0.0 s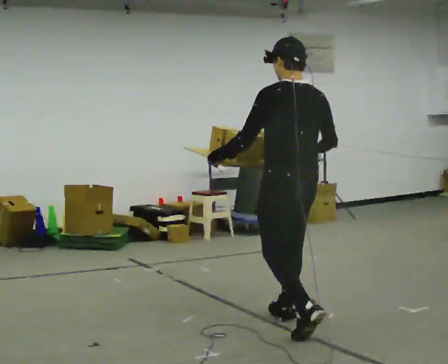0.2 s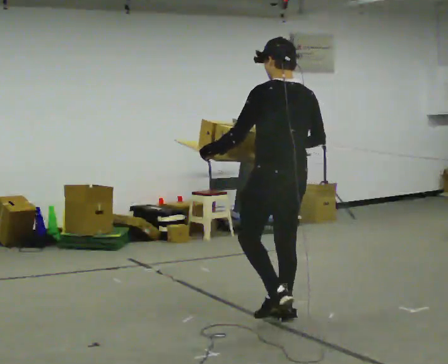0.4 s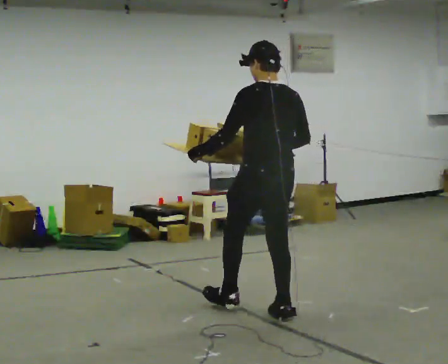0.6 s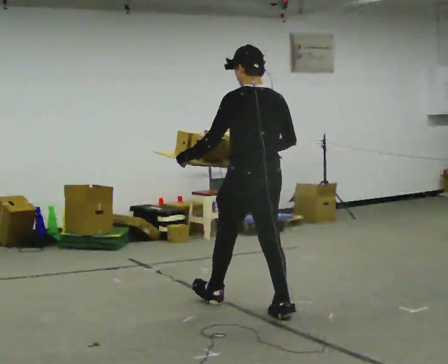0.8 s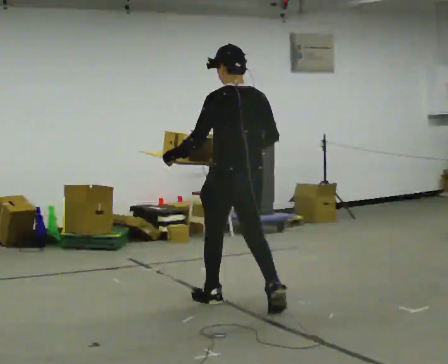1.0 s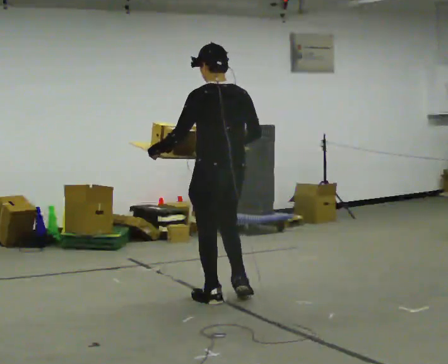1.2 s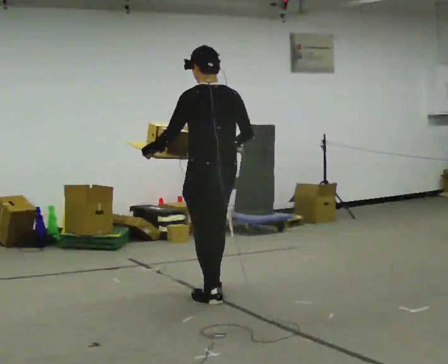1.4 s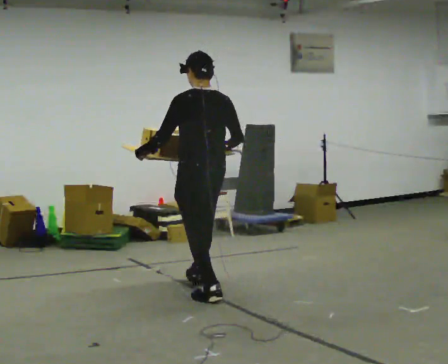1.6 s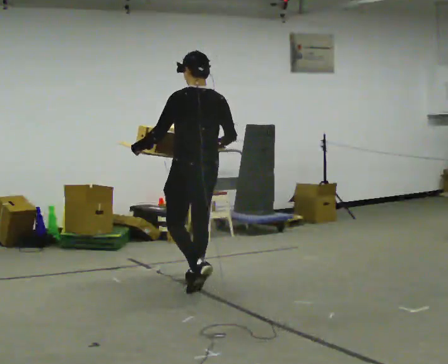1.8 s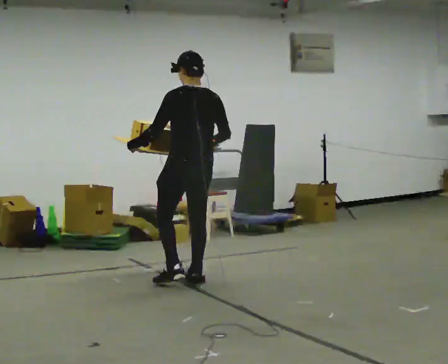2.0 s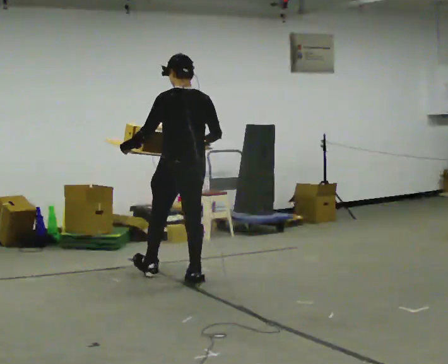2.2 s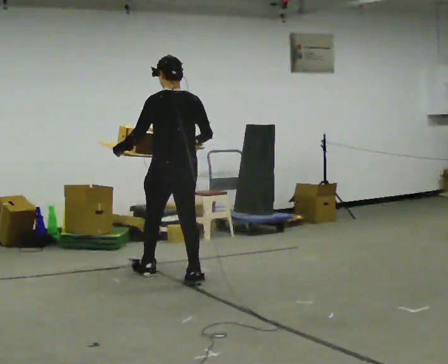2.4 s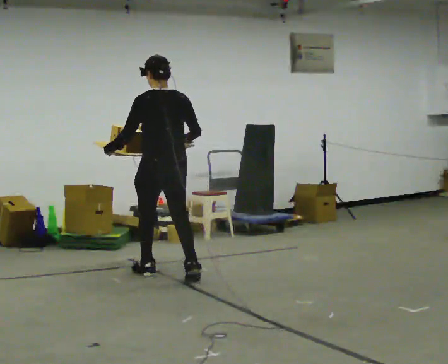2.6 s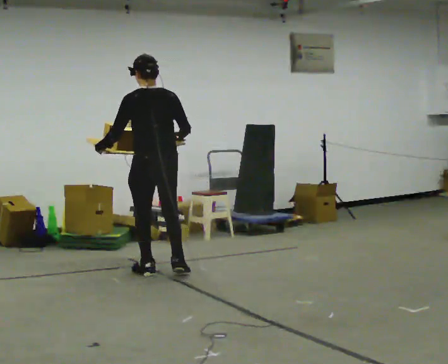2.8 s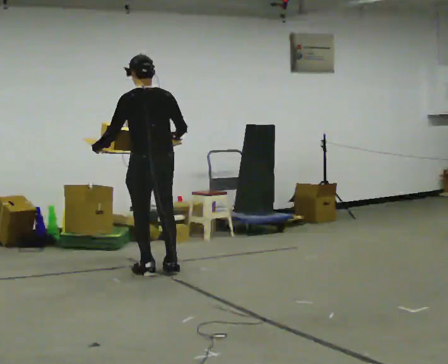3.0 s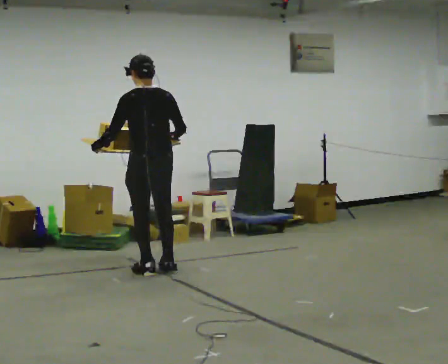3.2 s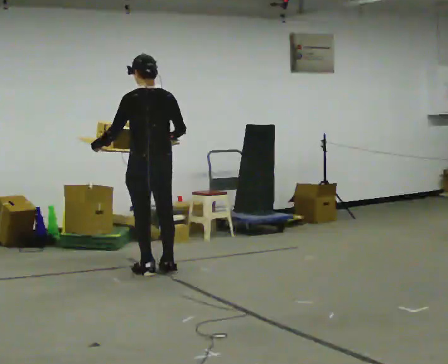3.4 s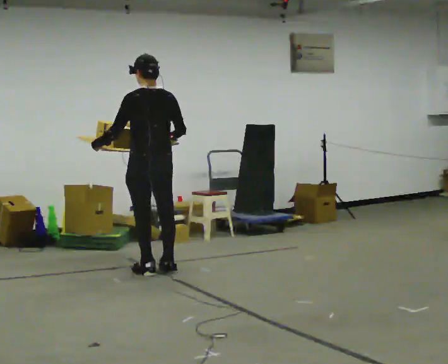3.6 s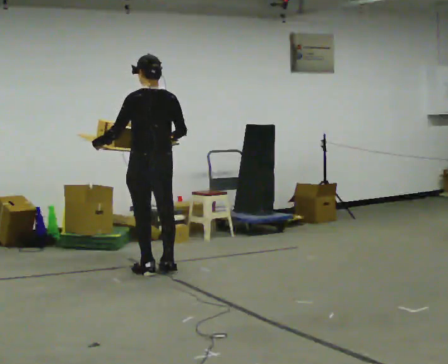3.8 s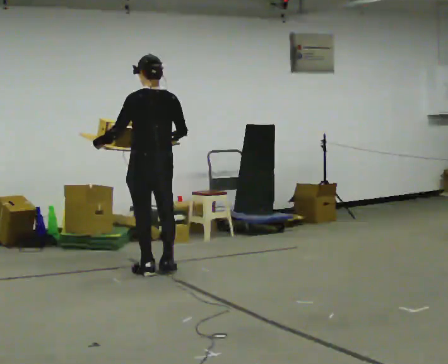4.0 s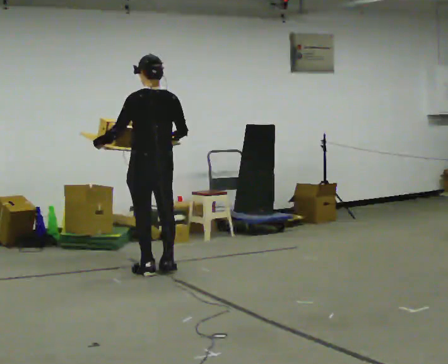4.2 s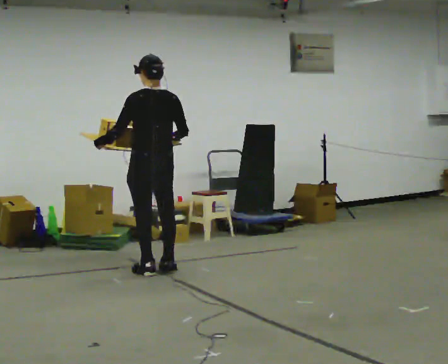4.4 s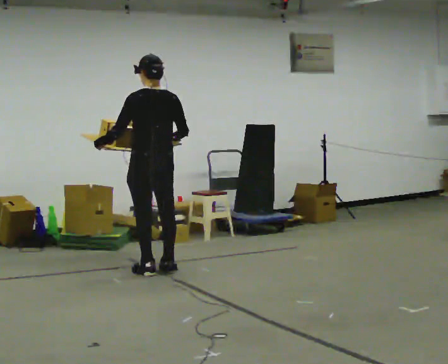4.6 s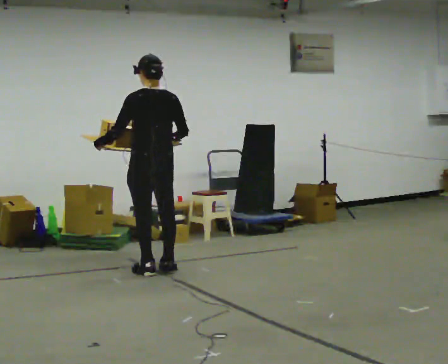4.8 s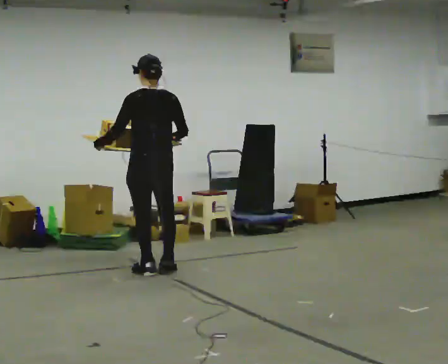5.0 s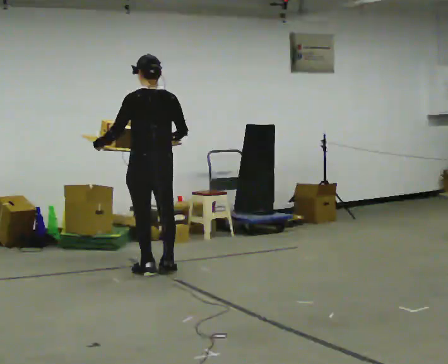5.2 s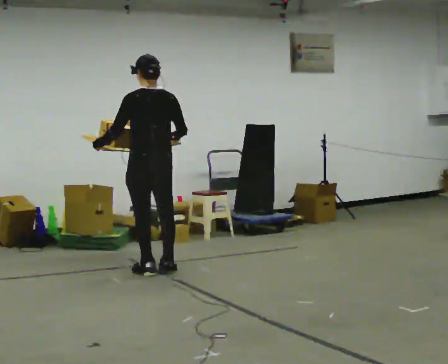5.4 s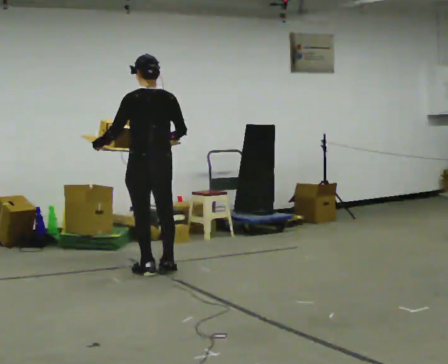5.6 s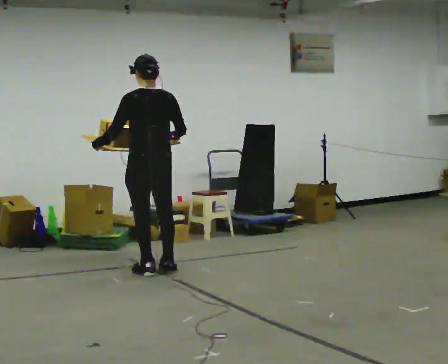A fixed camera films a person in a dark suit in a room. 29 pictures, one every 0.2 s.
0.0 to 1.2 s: In the picture they go away from the camera and to the left, about 1 m in 1 step, which for them is forward.
1.2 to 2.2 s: In the picture they go away from the camera and to the left, about 0.75 m in 2 steps, which for them is forward.
2.2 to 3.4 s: In the picture they go away from the camera, about 0.25 m in 1 step, which for them is forward.
3.4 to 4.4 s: The person keeps their place and pose.
4.4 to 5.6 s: The person moves a little, or ends about where they began.
The film runs forward here.
